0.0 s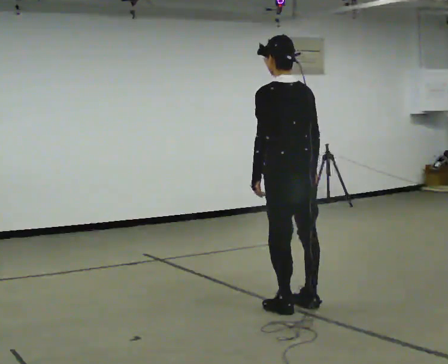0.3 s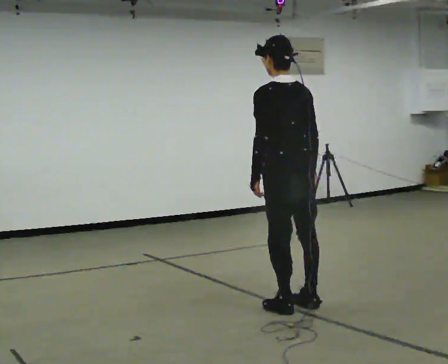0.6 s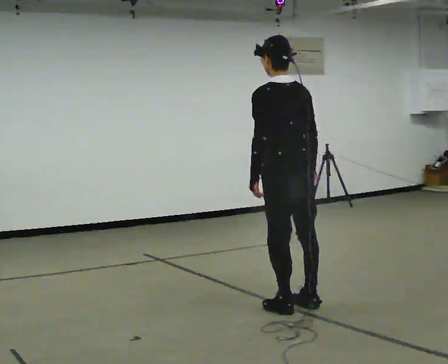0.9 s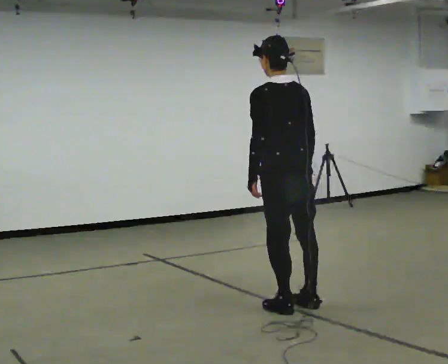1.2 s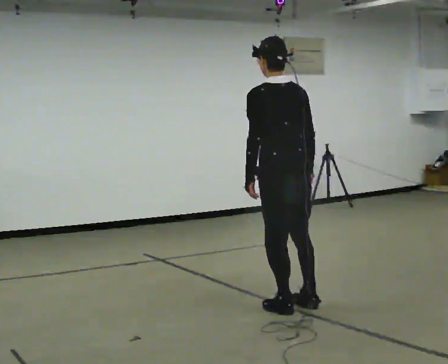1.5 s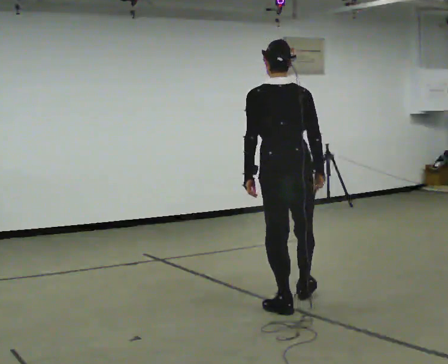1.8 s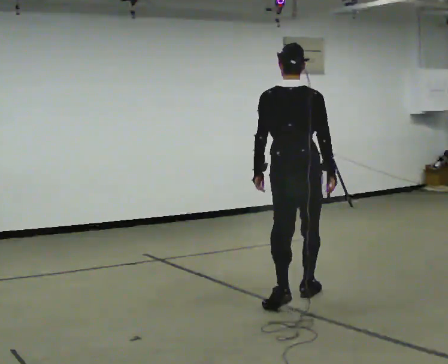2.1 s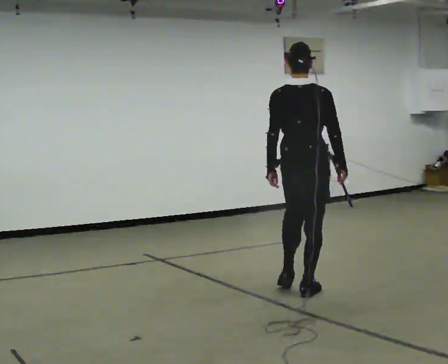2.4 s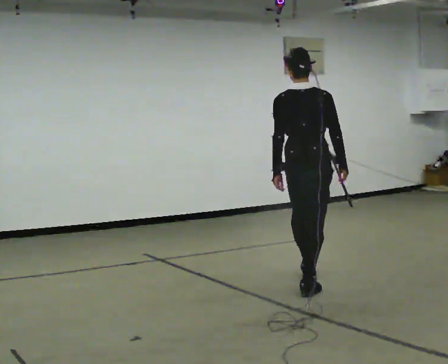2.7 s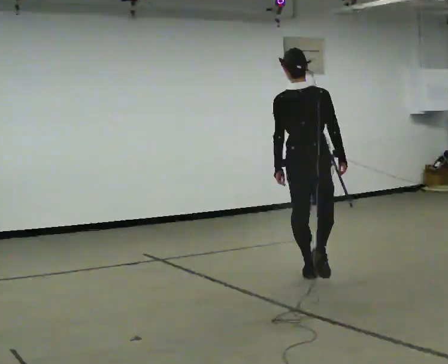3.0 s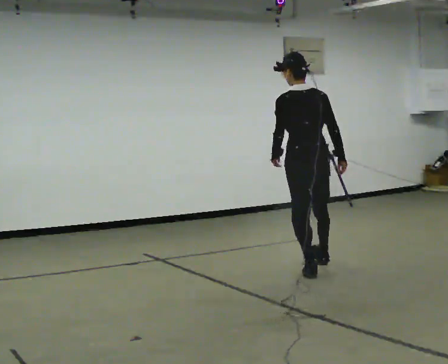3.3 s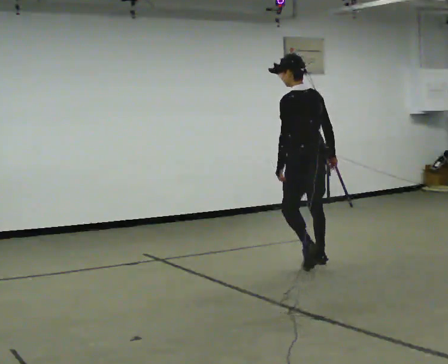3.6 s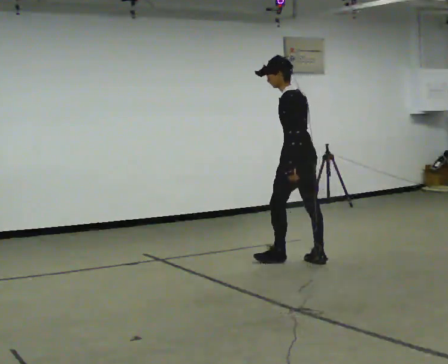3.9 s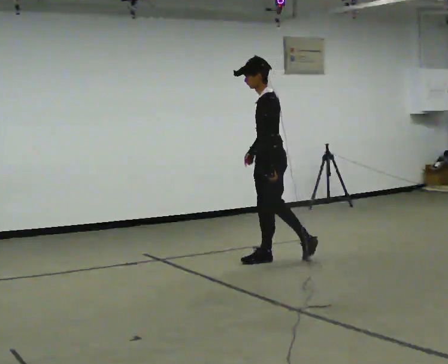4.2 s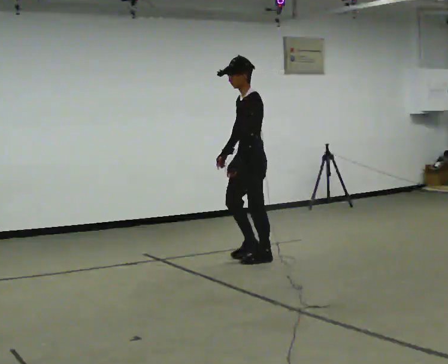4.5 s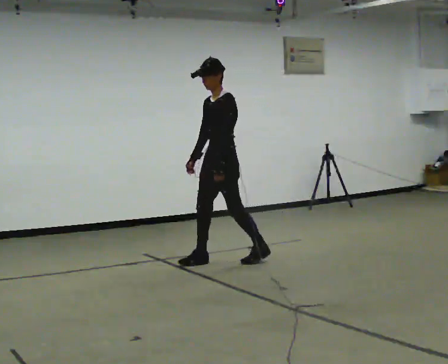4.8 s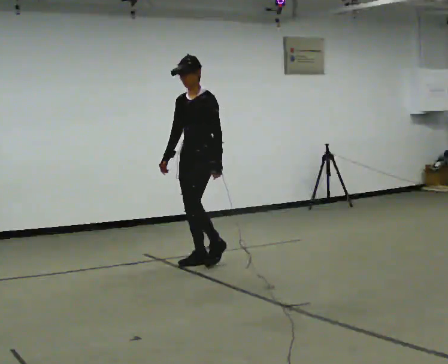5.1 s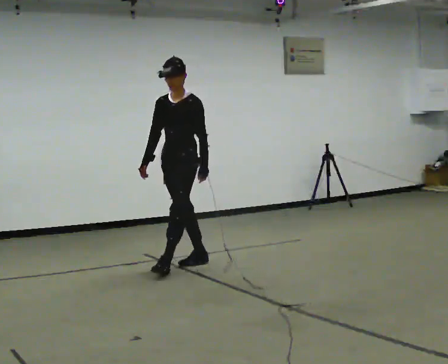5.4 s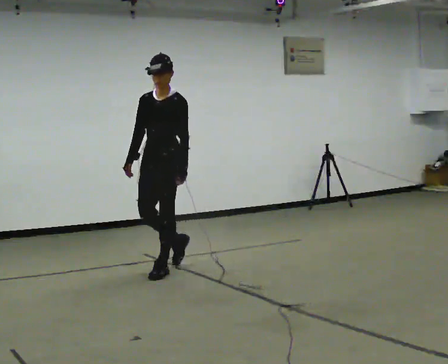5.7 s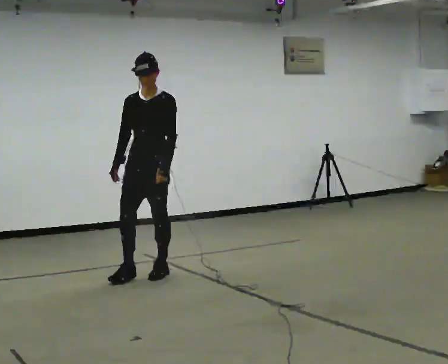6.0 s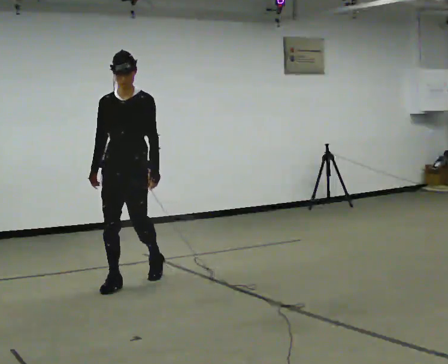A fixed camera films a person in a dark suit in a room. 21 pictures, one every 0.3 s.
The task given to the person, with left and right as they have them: Walk one full figure-eight continuously at comfortable speed; stop.
0.0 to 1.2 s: The person moves a little, or ends about where they began.
1.2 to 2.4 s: The person turns about 30 degrees to their right, clockwise seen from above, so the part of the body nearest the lens slides to the left. In the picture they go away from the camera, about 0.5 m in 1 step, which for them is forward.
2.4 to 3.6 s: The part of the body nearest the lens slides to the right as the person turns to their left by about 75 degrees. In the picture they go away from the camera, about 1 m in 2 steps.
3.6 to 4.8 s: The part of the body nearest the lens slides to the right as the person turns to their left by about 75 degrees. In the picture they go to the left, about 1 m in 2 steps.
4.8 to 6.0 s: Seen from above the body turns counterclockwise, about 30 degrees: to their left, with its near side sliding to the right. In the picture they go toward the camera and to the left, about 1 m in 2 steps, which for them is forward.
The film runs forward here.
